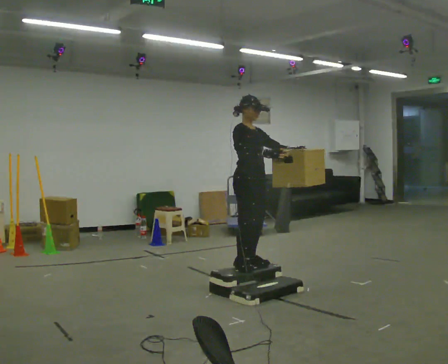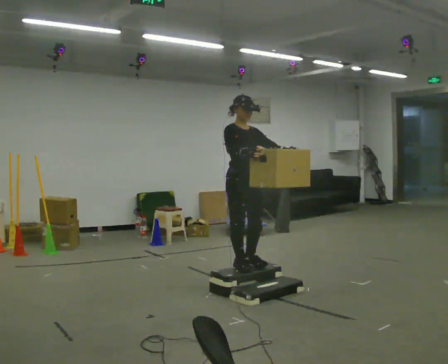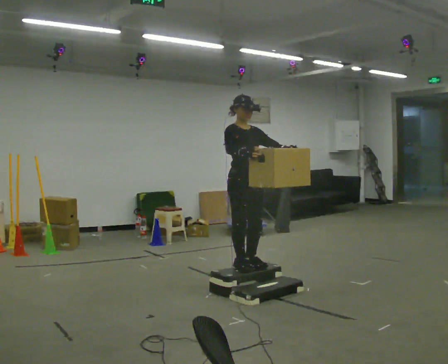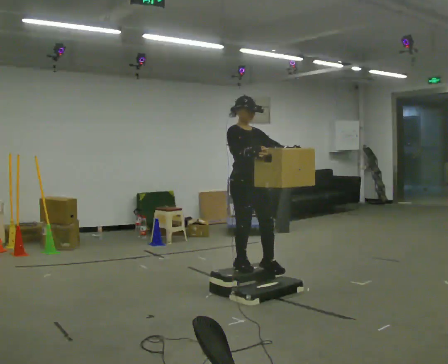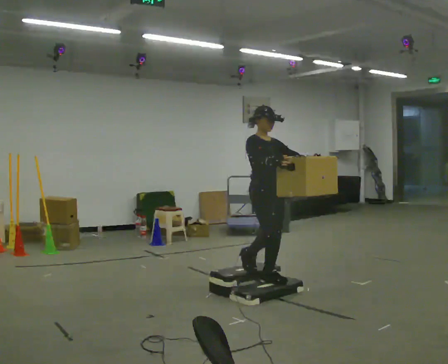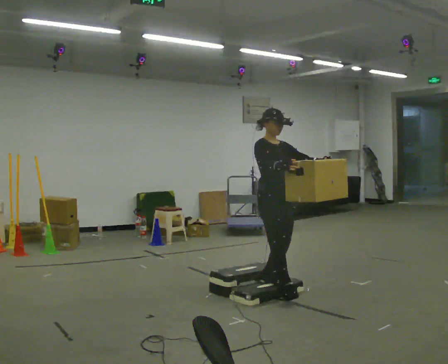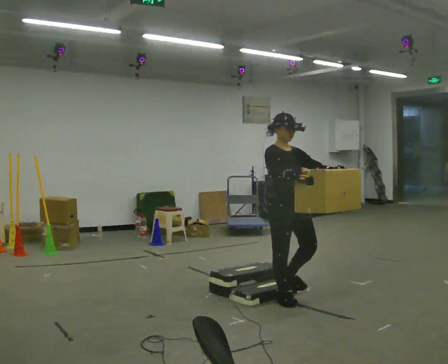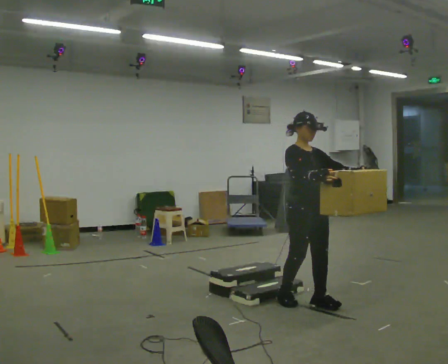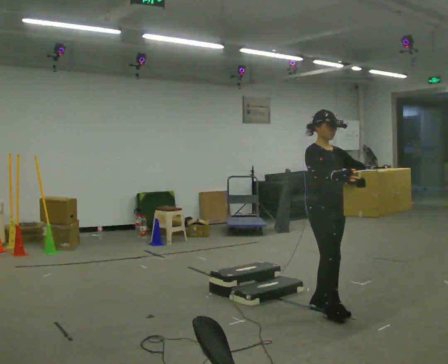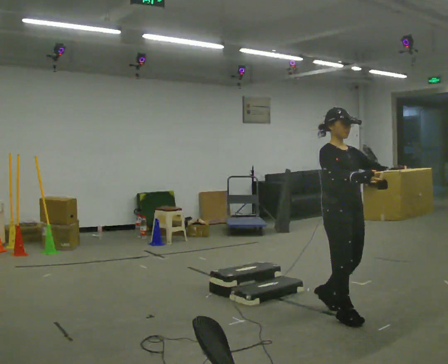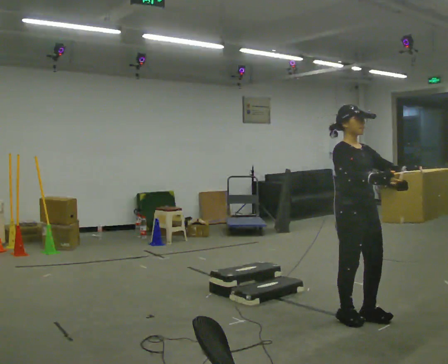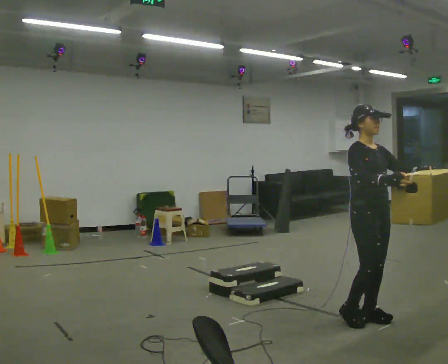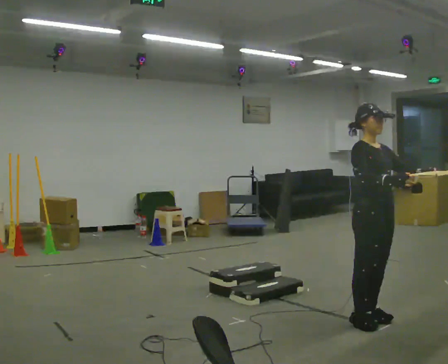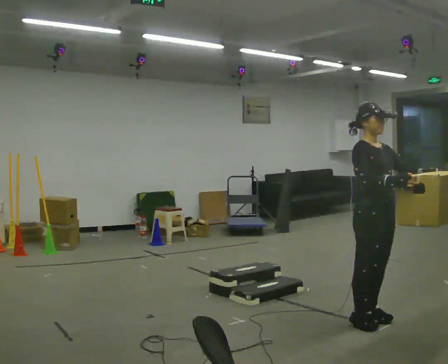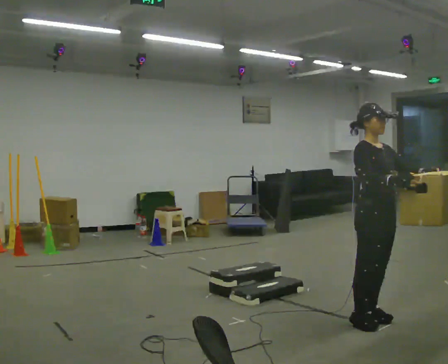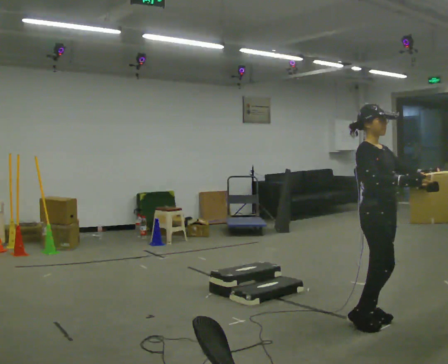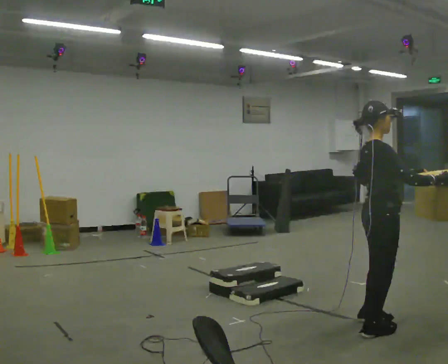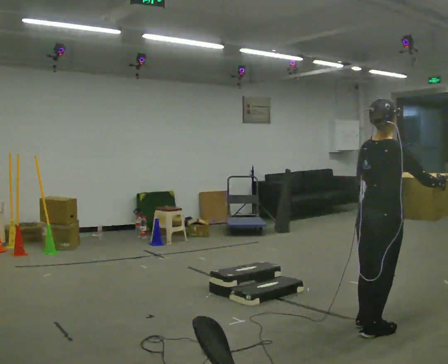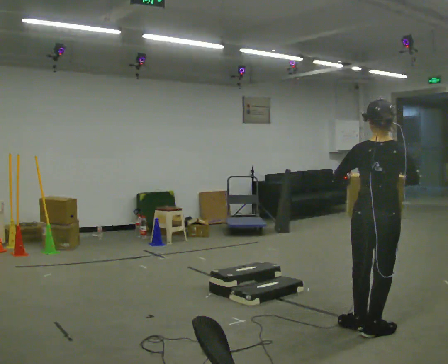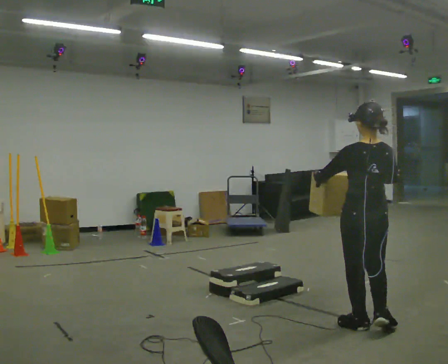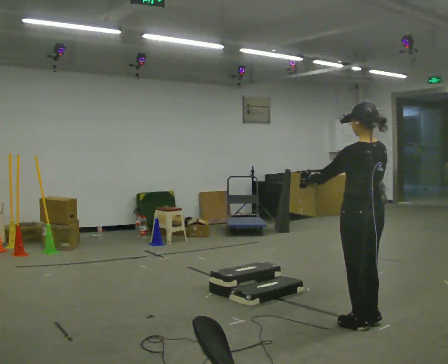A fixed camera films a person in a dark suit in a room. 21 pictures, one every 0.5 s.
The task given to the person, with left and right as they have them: Carry the box up the three steps, turn at the top, and carry it back down. Use the handrail only if you need it. Keep going until the operator says stop; one object at a time, and do not rush between trips.
0.0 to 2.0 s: In the picture they go to the right, about 0.25 m in 1 step, which for them is forward.
2.0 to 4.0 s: In the picture they go to the right and toward the camera, about 0.5 m in 2 steps, which for them is forward.
4.0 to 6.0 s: In the picture they go to the right and toward the camera, about 0.5 m in 3 steps, which for them is forward.
6.0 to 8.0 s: Seen from above the body turns counterclockwise, about 60 degrees: to their left, with its near side sliding to the right.
8.0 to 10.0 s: Seen from above the body turns counterclockwise, about 120 degrees: to their left, with its near side sliding to the right. In the picture their left hand goes to the left.
The film runs forward here.
